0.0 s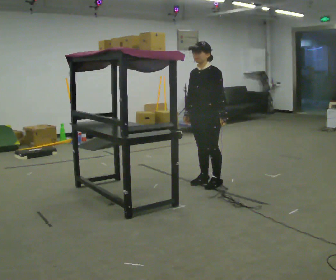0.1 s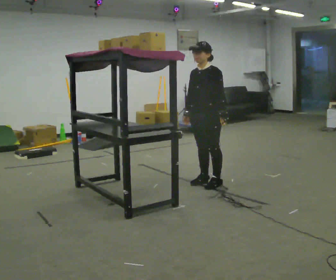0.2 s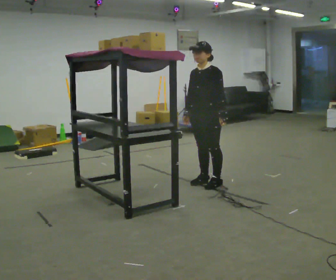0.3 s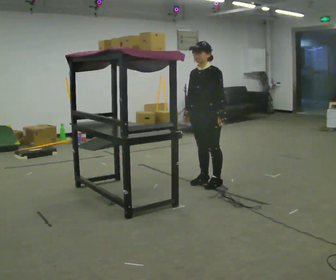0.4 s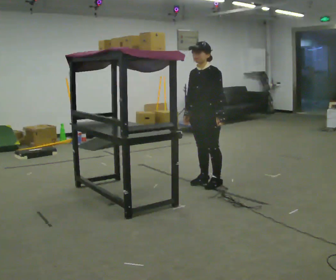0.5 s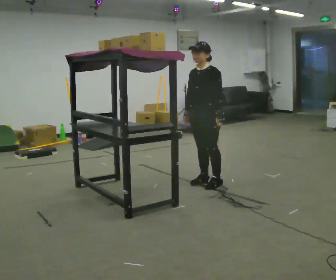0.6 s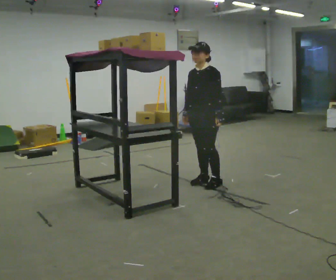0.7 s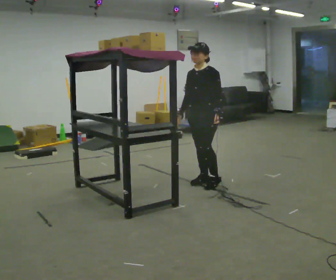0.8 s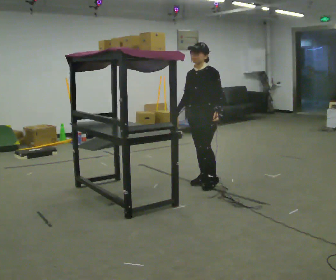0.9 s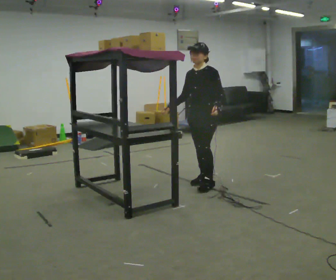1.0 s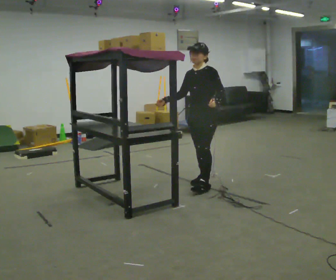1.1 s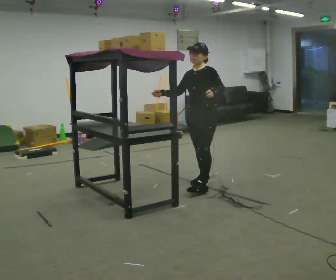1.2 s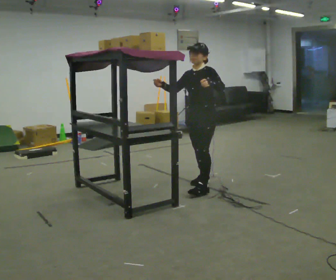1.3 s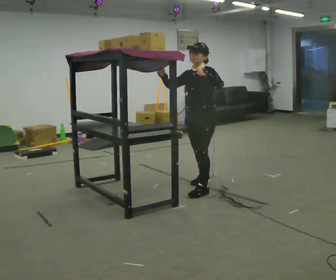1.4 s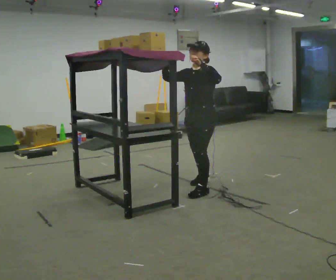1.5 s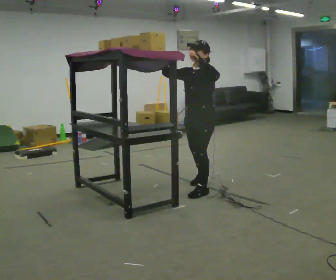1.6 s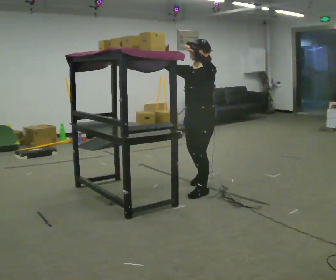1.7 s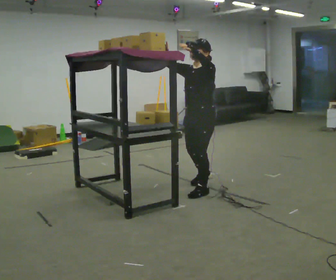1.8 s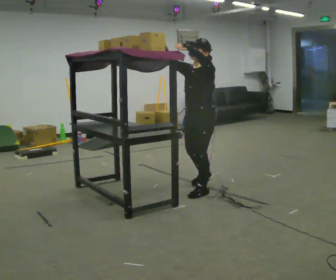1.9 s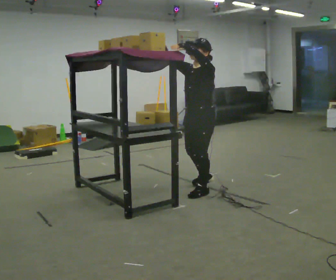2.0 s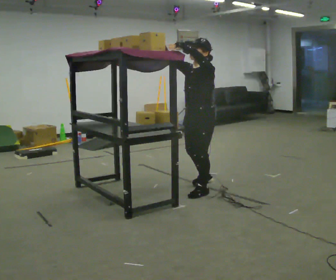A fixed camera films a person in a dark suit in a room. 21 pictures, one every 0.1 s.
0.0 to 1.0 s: The person moves a little, or ends about where they began.
1.0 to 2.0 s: In the picture they go toward the camera, about 0.25 m in 2 steps, which for them is forward and to their left. In the picture their right hand goes upward, the arm swinging clockwise.
The film runs forward here.
